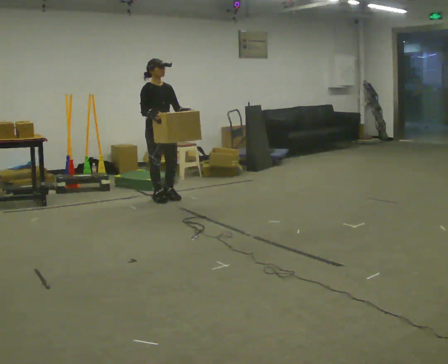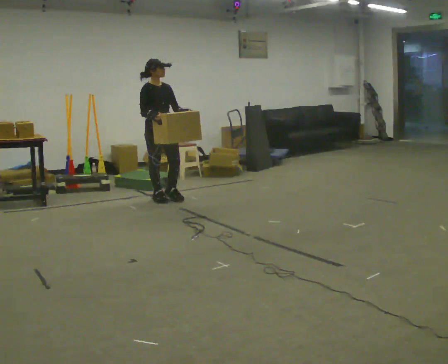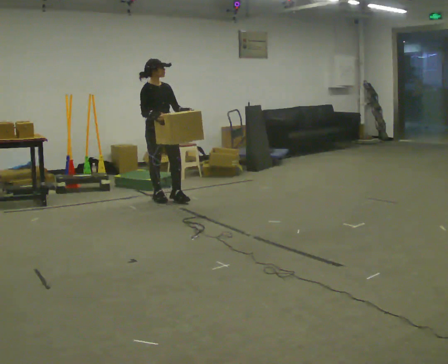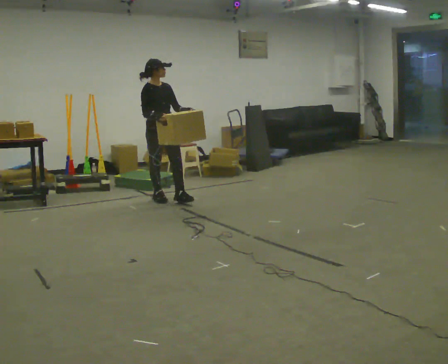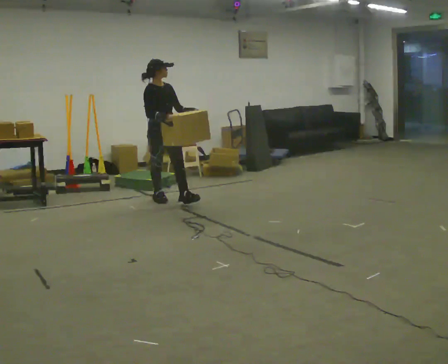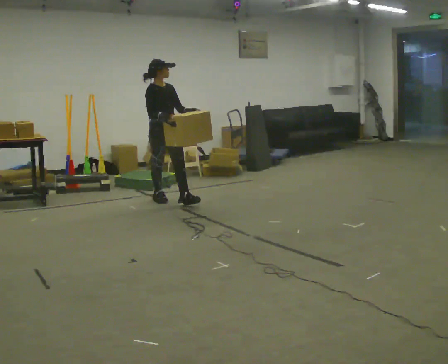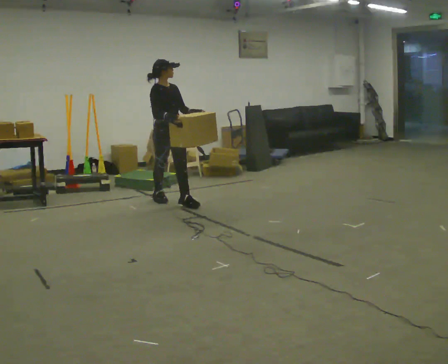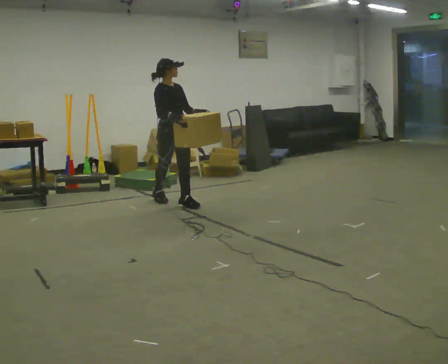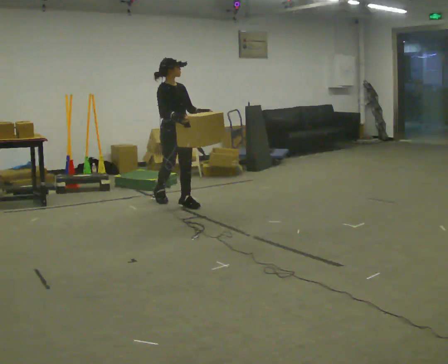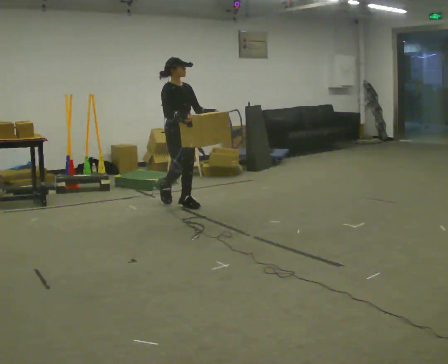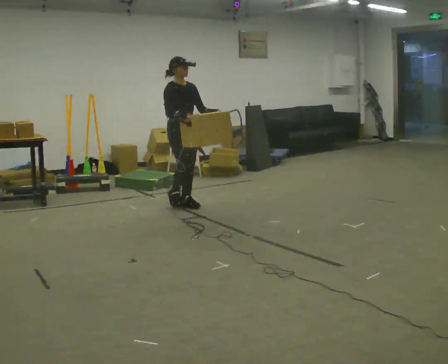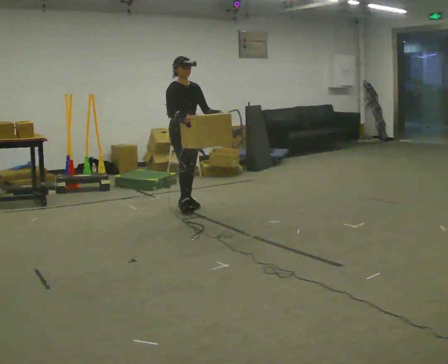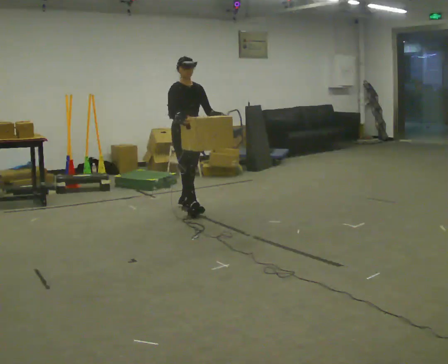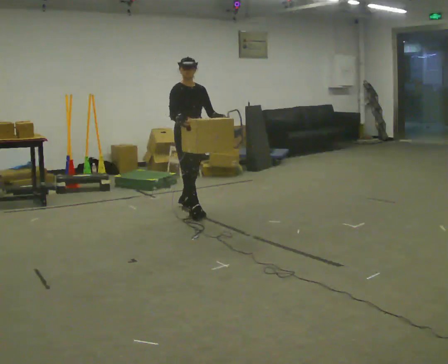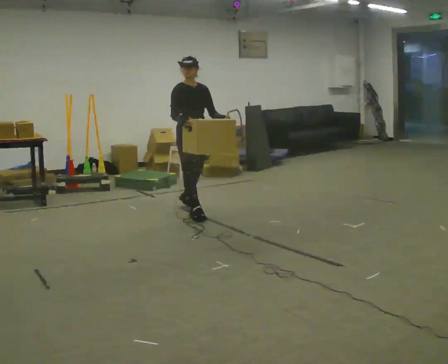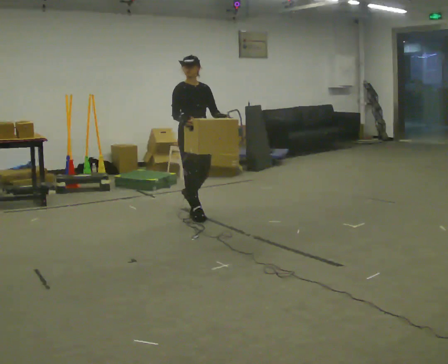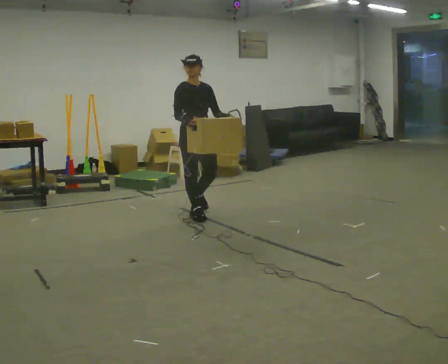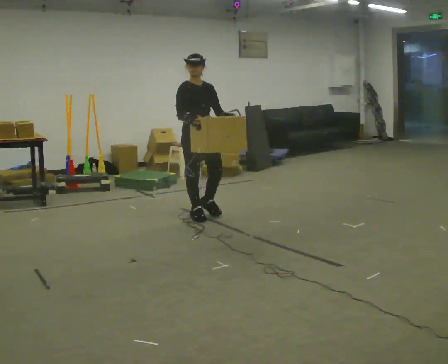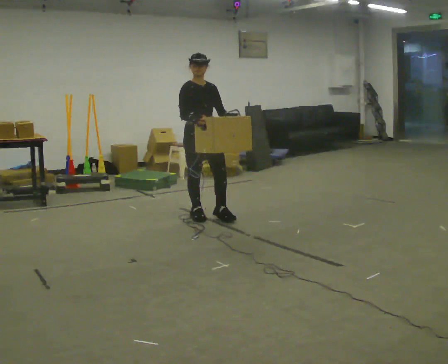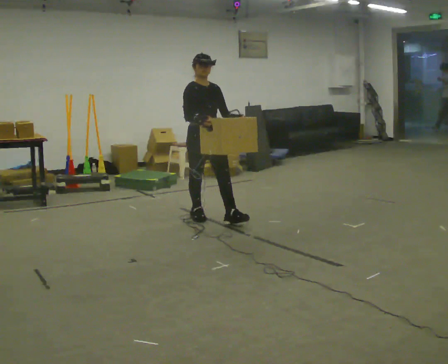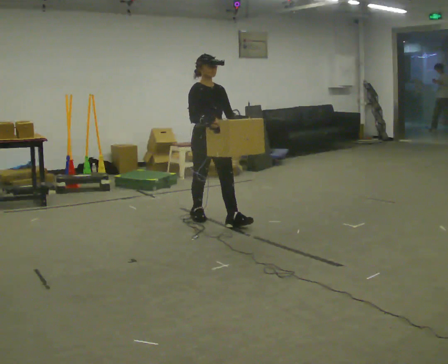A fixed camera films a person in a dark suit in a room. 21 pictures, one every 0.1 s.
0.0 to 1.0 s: In the picture they go toward the camera and to the right, about 0.5 m in 1 step, which for them is forward.
1.0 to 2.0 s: In the picture they go toward the camera and to the right, about 0.75 m in 2 steps, which for them is forward.
The film runs forward here.
